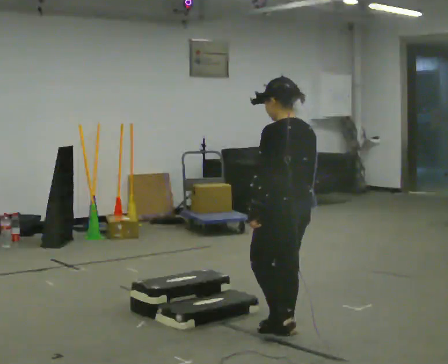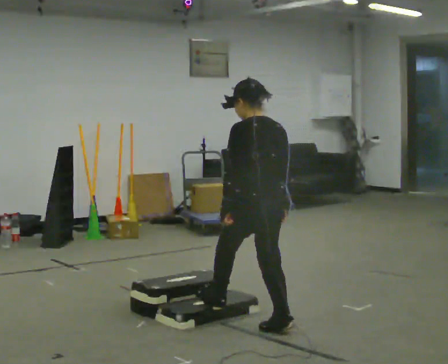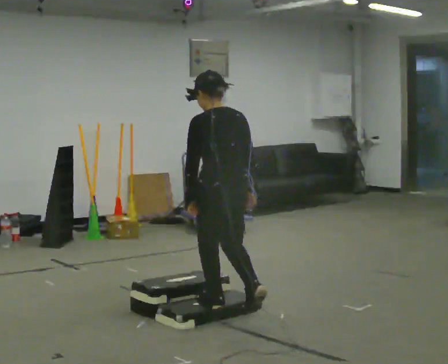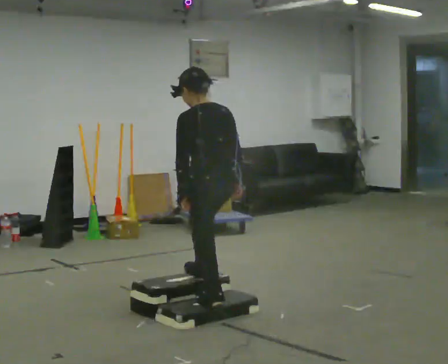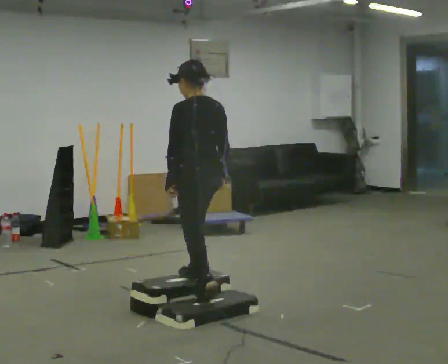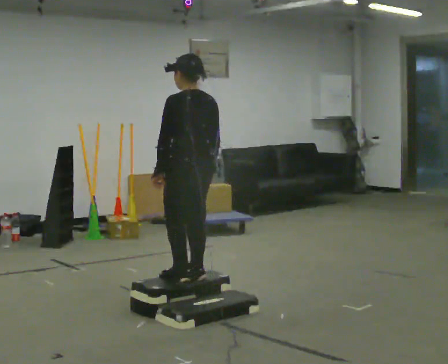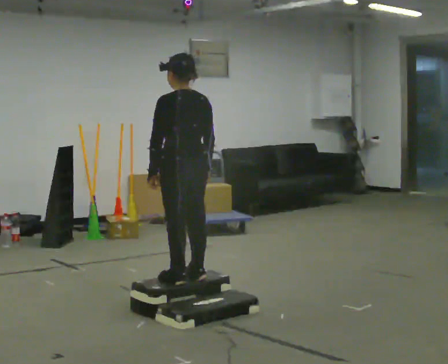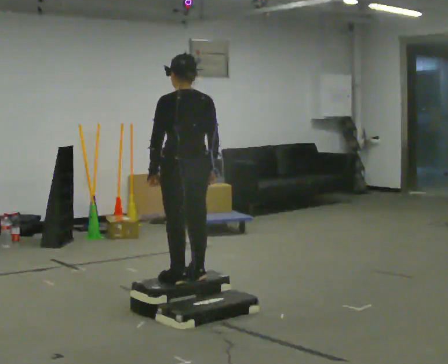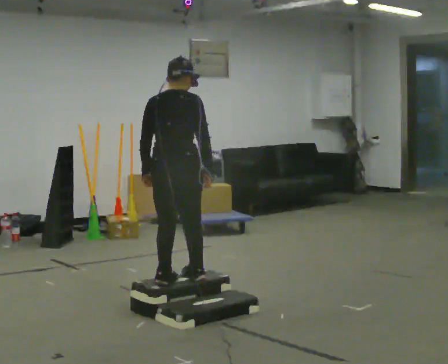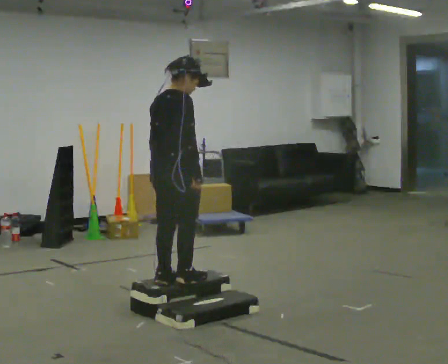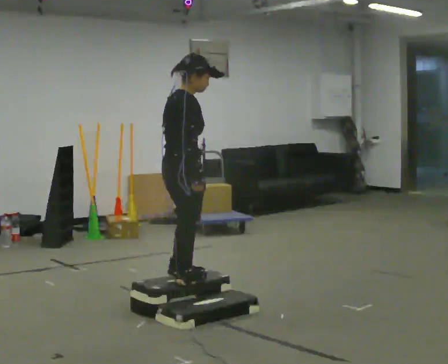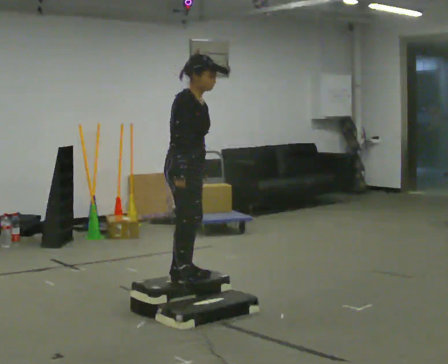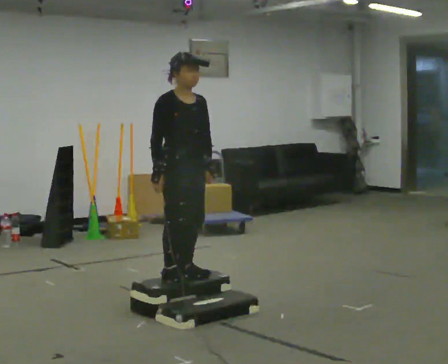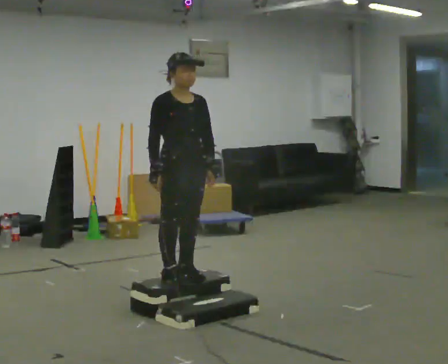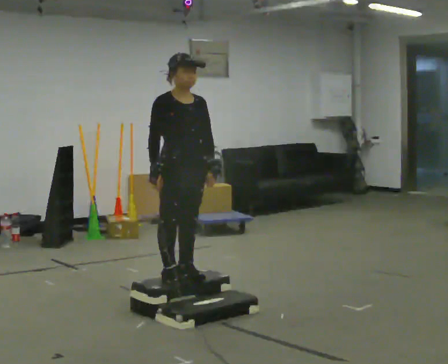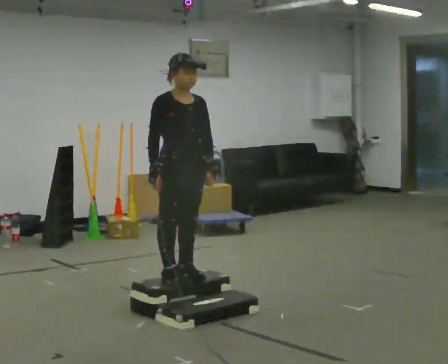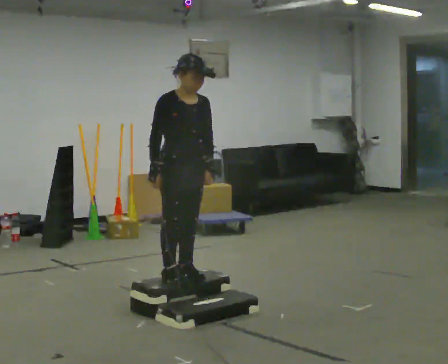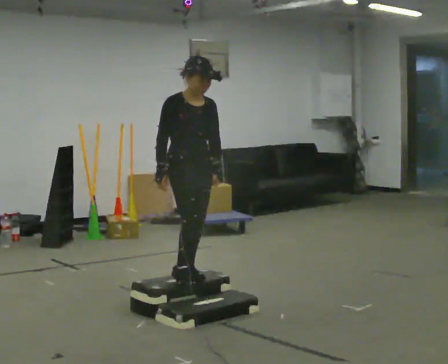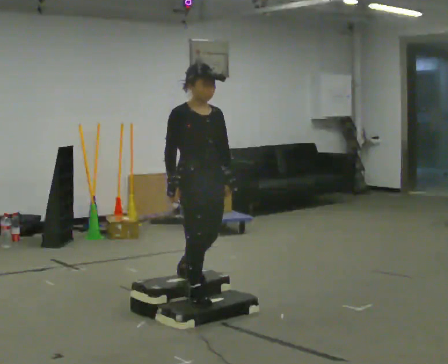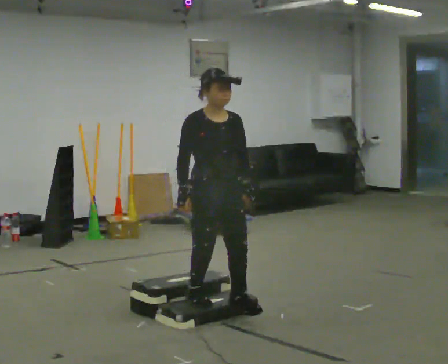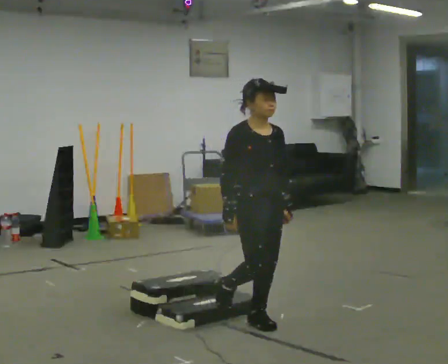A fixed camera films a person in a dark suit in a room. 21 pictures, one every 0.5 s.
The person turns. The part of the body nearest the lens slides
to the left.
The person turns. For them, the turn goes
to their right.
0.0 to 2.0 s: In the picture they go away from the camera and to the left, about 0.5 m in 2 steps, which for them is forward.
2.0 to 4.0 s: The person turns about 60 degrees to their right, clockwise seen from above, so the part of the body nearest the lens slides to the left. In the picture they go to the left, about 0.25 m in 1 step, which for them is to their left.
4.0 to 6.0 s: The person turns about 120 degrees to their right, clockwise seen from above, so the part of the body nearest the lens slides to the left. In the picture their right hand goes to the left, the arm swinging clockwise.
6.0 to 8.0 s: The person moves a little, or ends about where they began.
8.0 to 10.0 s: In the picture they go toward the camera and to the right, about 0.75 m in 2 steps, which for them is forward. The upper body goes downward.
The film runs forward here.
